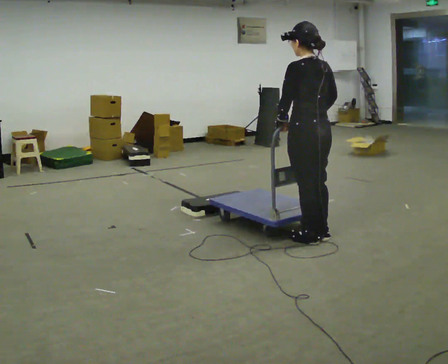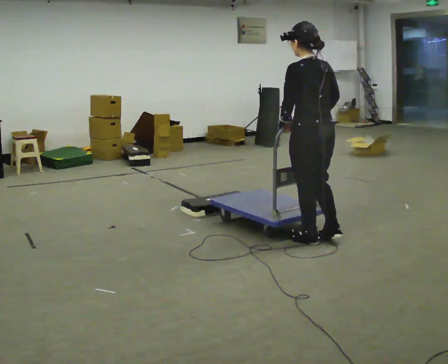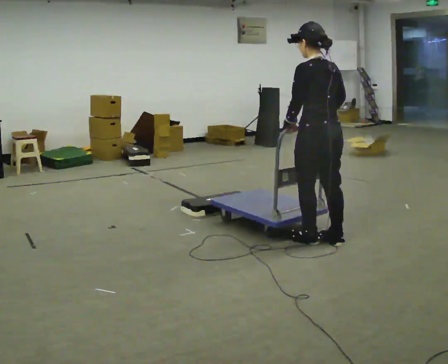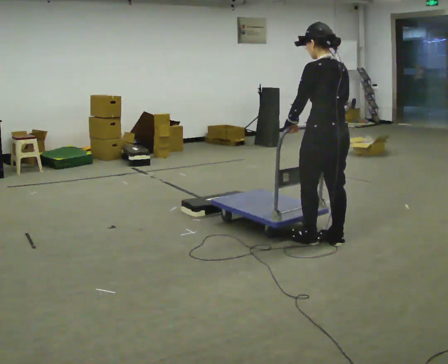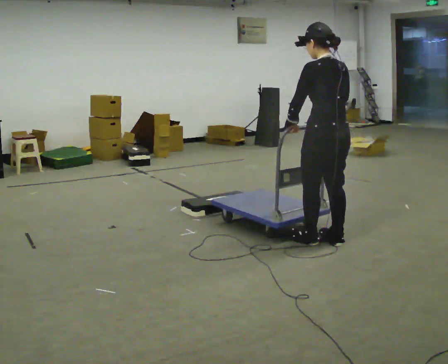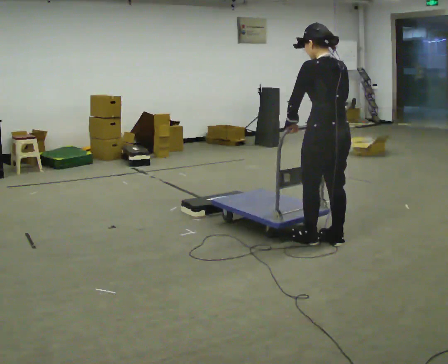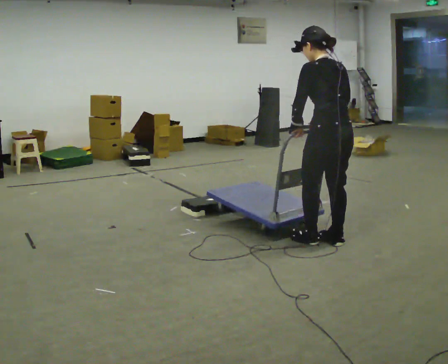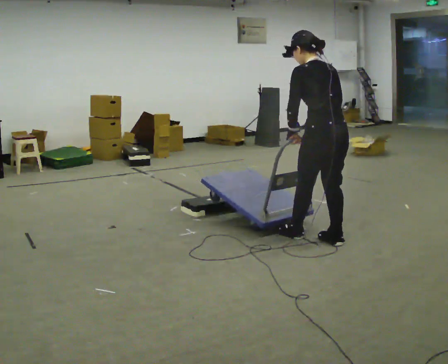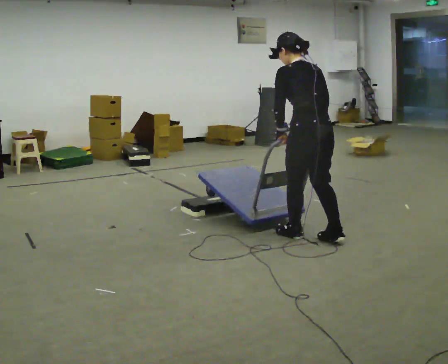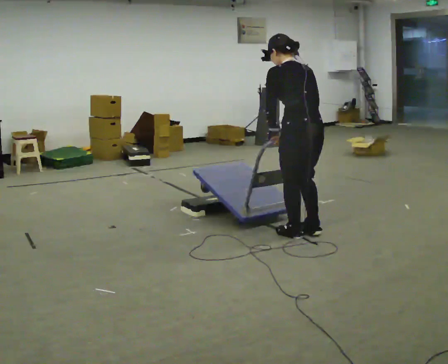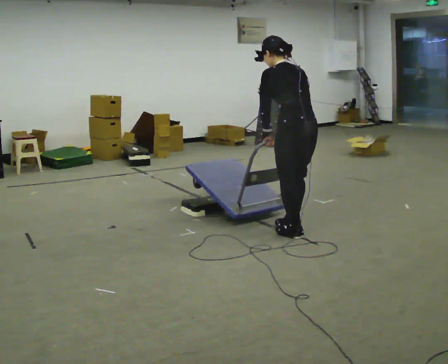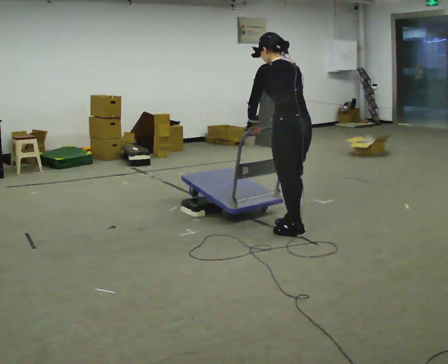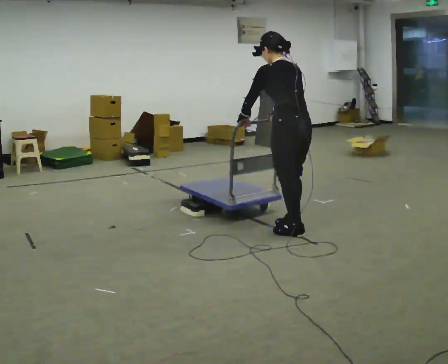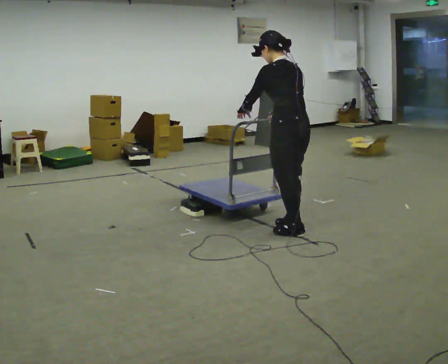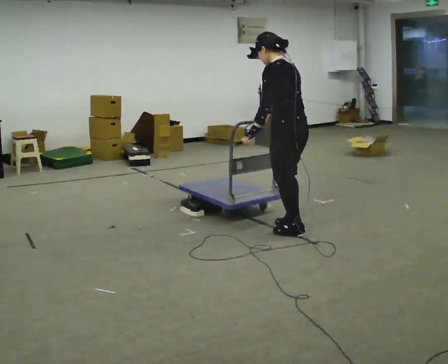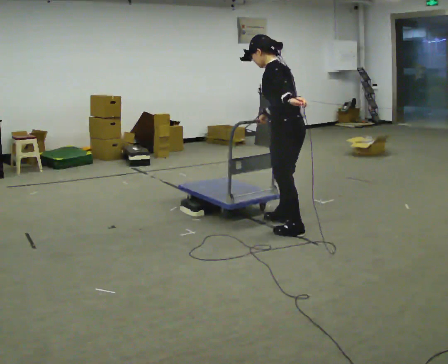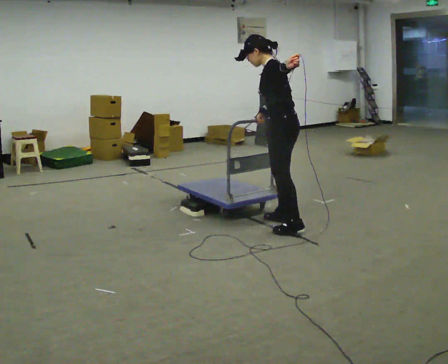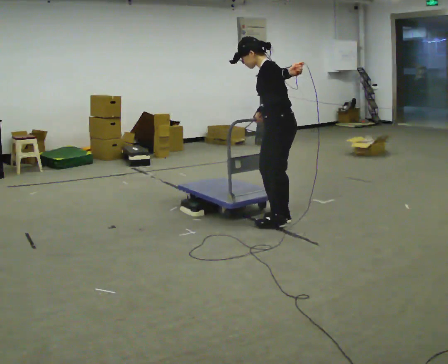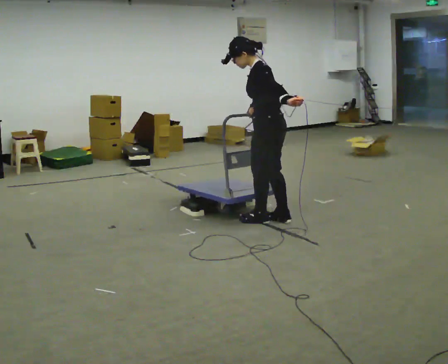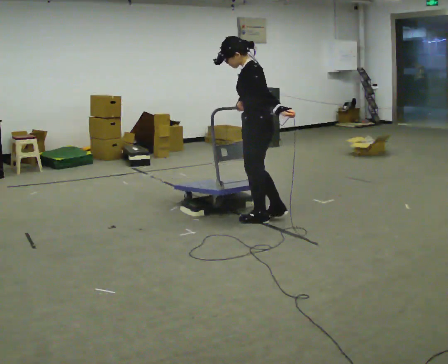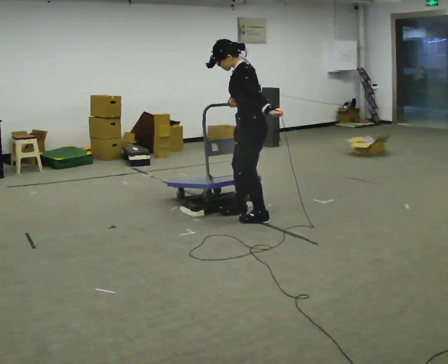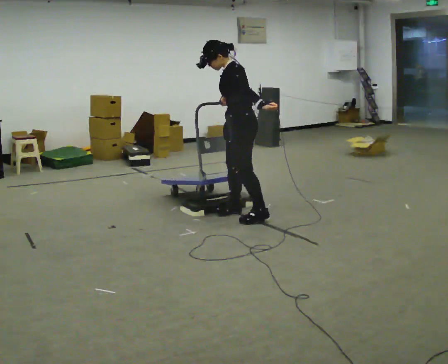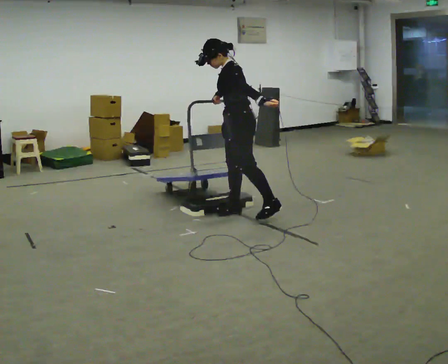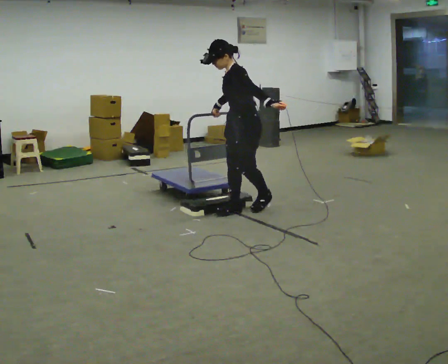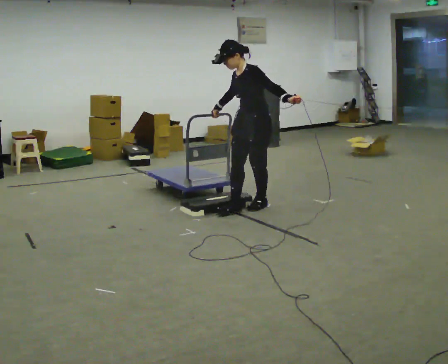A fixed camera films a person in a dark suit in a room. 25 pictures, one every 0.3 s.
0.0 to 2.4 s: The person moves a little, or ends about where they began.
2.4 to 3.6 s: In the picture they go away from the camera and to the left, about 0.25 m, which for them is forward. In the picture their right hand goes to the left.
3.6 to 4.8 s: Seen from above the body turns counterclockwise, about 45 degrees: to their left, with its near side sliding to the right. In the picture they go away from the camera, about 0.25 m in 1 step, which for them is forward and to their right. In the picture their left hand goes to the right and upward.
4.8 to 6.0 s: In the picture they go to the left, about 0.25 m in 2 steps, which for them is forward. In the picture their left hand goes downward.
6.0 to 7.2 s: The person turns about 45 degrees to their left, counterclockwise seen from above, so the part of the body nearest the lens slides to the right. In the picture they go away from the camera, about 0.25 m in 1 step, which for them is to their right.
The film runs backward here.
